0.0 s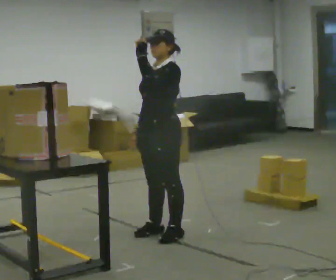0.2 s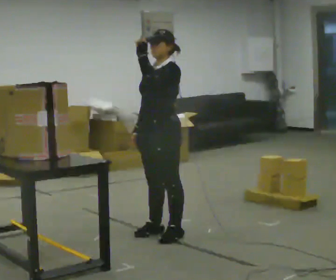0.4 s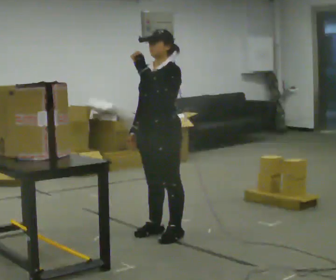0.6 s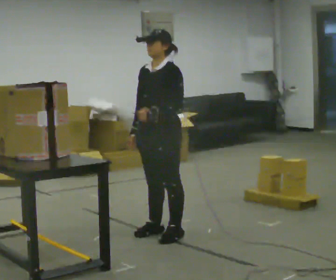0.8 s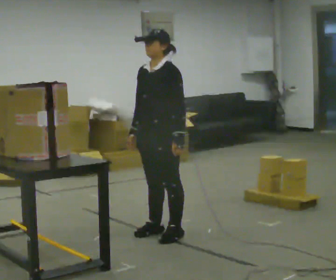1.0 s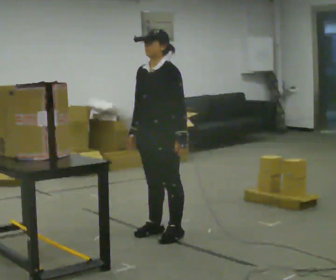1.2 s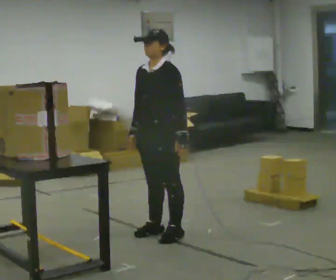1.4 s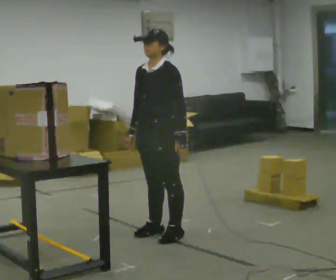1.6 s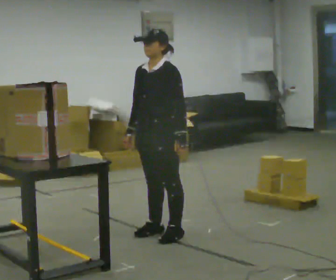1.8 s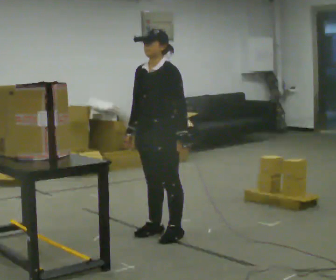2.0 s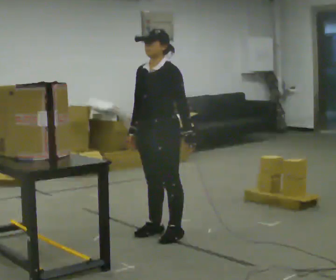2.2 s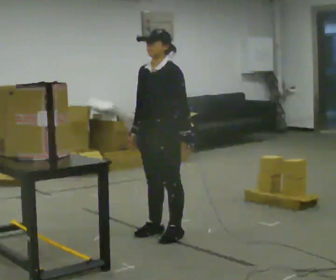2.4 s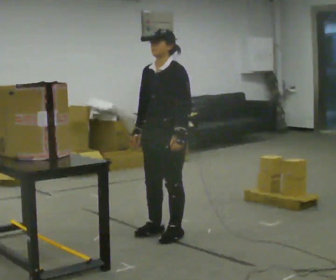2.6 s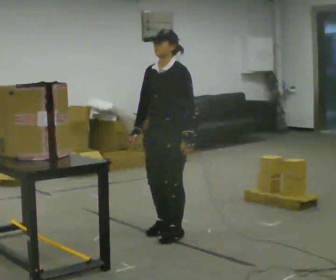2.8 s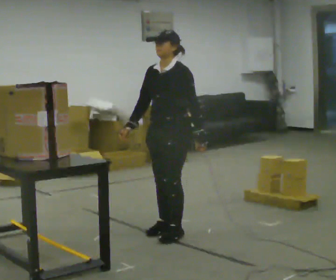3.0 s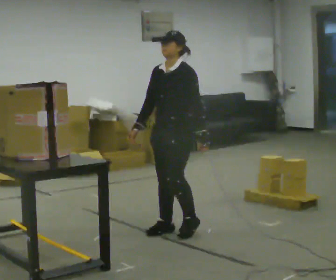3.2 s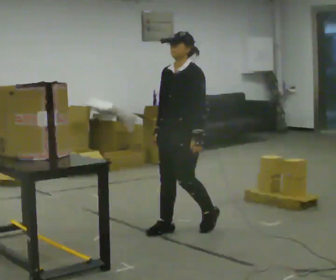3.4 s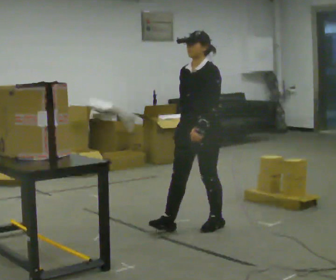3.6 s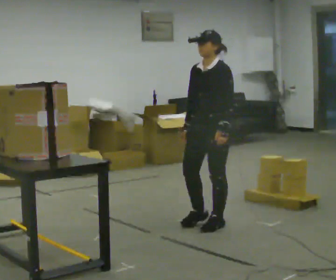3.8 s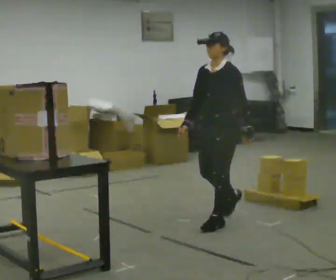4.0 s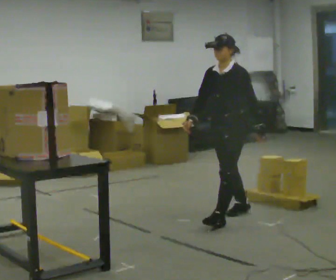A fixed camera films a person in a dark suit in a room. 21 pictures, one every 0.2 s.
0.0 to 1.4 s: In the picture their left hand goes downward.
1.4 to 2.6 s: The person moves a little, or ends about where they began.
2.6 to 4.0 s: In the picture they go to the right and away from the camera, about 0.75 m in 2 steps, which for them is backward.
The film runs backward here.
